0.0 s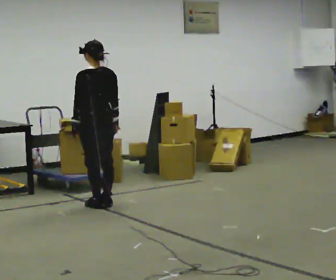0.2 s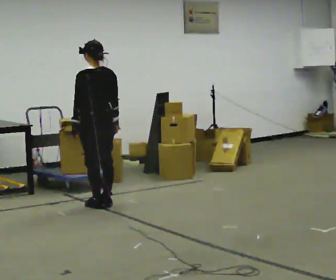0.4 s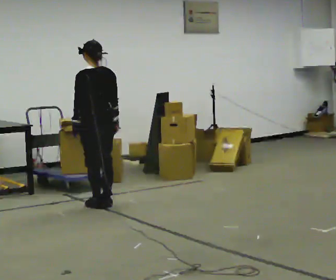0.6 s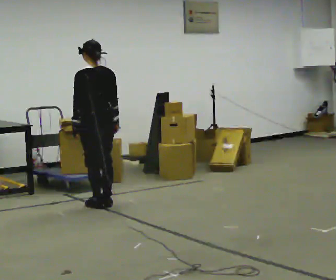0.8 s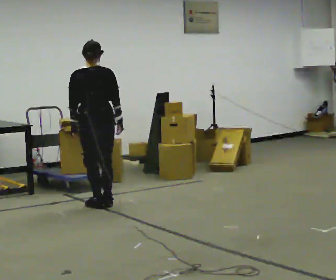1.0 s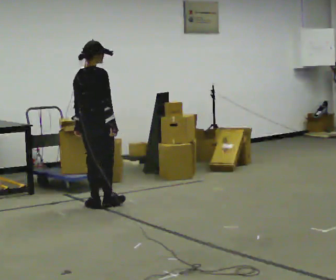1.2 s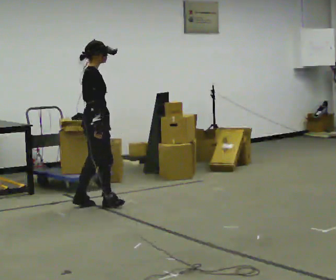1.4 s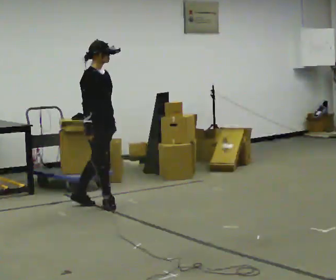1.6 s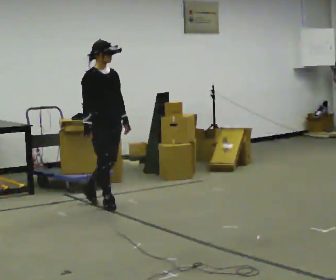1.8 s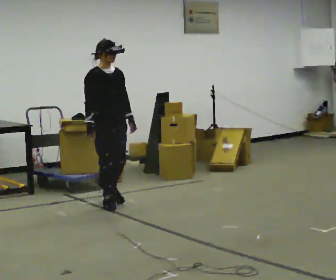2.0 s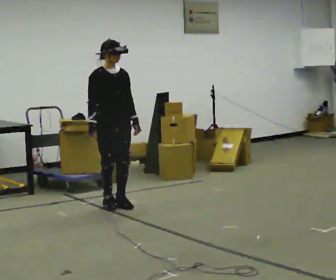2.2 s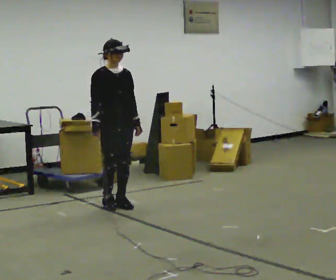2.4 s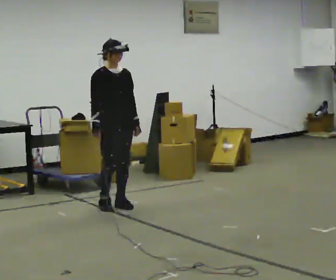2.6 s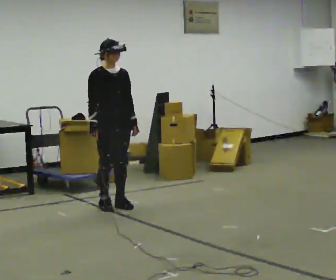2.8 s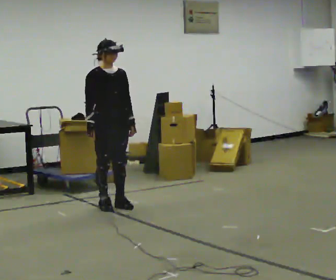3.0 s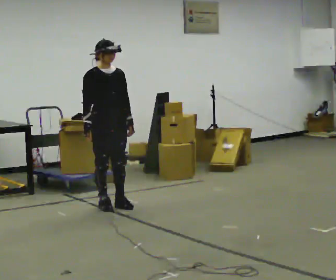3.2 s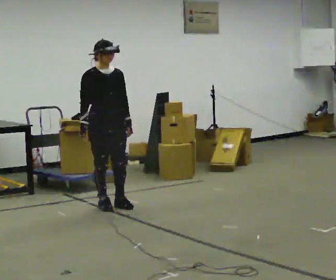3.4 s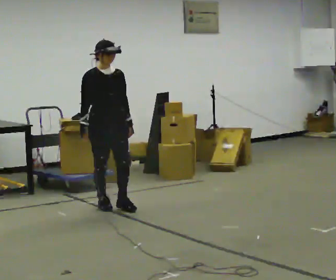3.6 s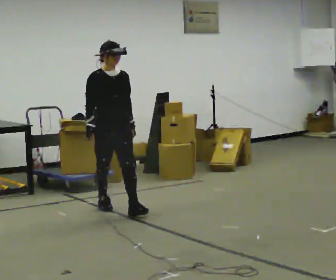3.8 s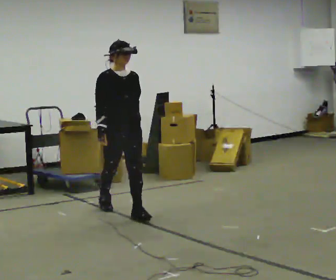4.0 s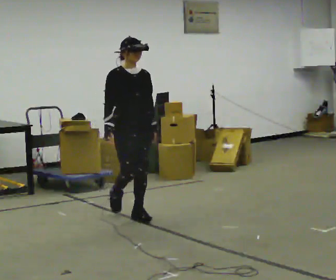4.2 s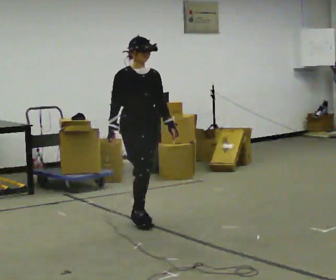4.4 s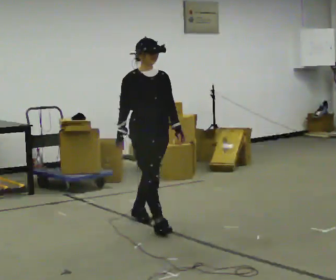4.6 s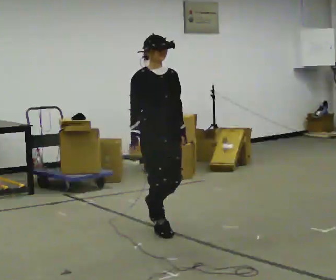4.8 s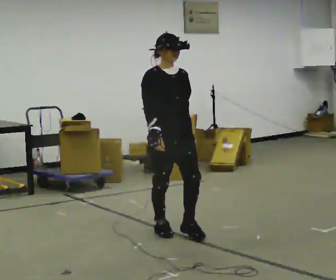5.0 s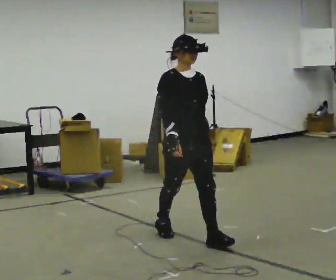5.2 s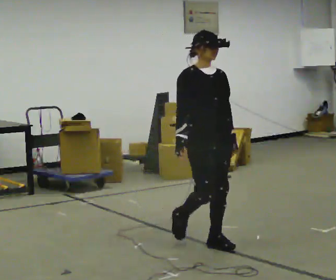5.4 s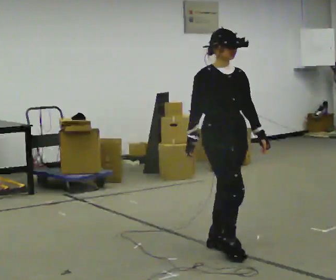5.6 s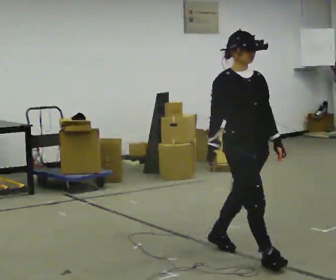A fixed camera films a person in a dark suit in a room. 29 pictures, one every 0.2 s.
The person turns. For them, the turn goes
to their right.
The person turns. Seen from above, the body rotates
clockwise.
0.0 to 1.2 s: The part of the body nearest the lens slides to the left as the person turns to their right by about 120 degrees.
1.2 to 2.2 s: The part of the body nearest the lens slides to the left as the person turns to their right by about 60 degrees. In the picture they go to the right, about 0.25 m in 1 step, which for them is forward. In the picture their left hand goes to the right.
2.2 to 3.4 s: The person moves a little, or ends about where they began.
3.4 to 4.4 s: In the picture they go toward the camera and to the right, about 0.5 m in 2 steps, which for them is forward.
4.4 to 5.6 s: In the picture they go toward the camera and to the right, about 1 m in 1 step, which for them is forward.
The film runs forward here.
